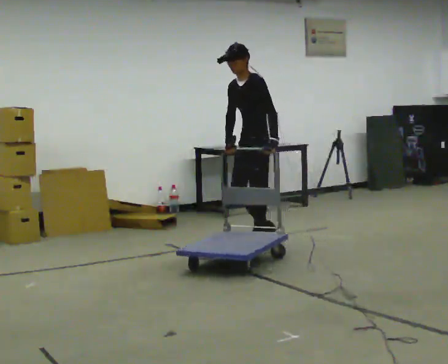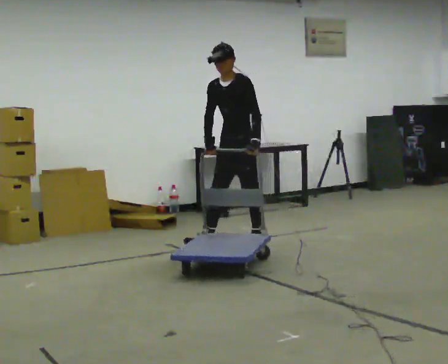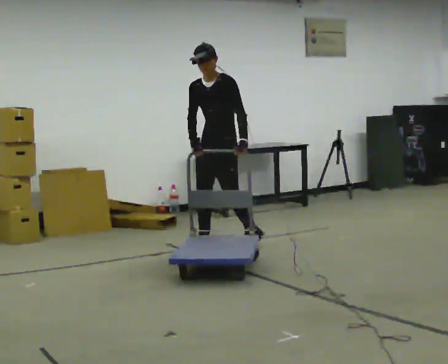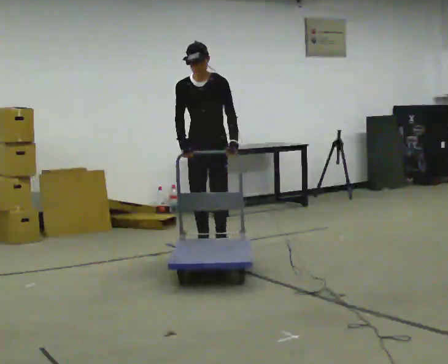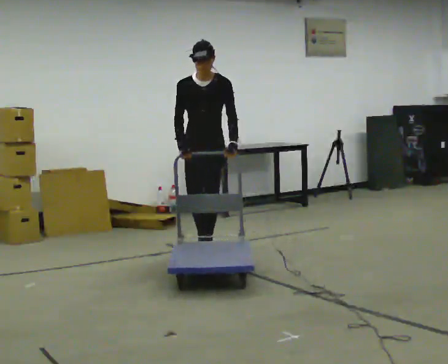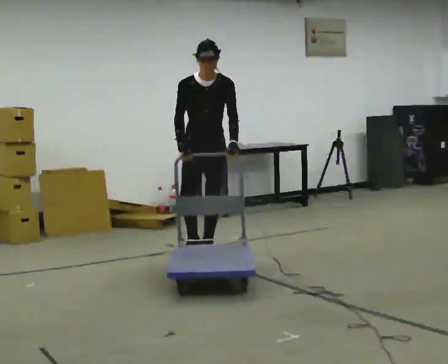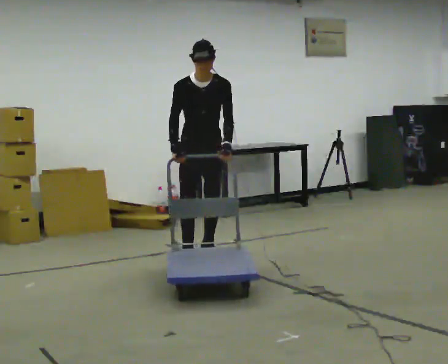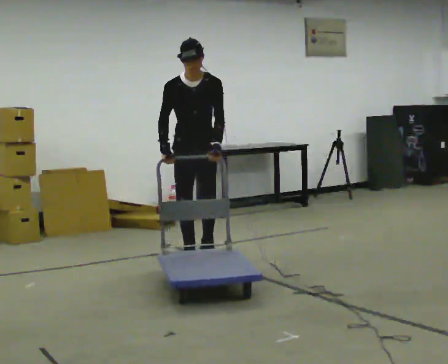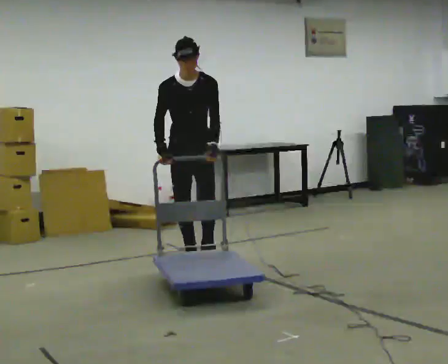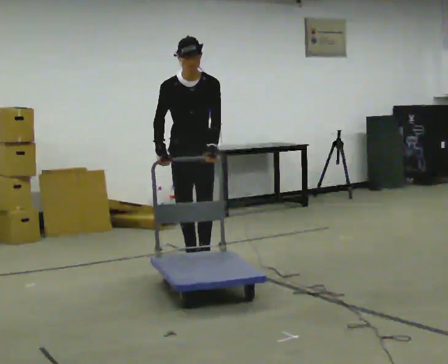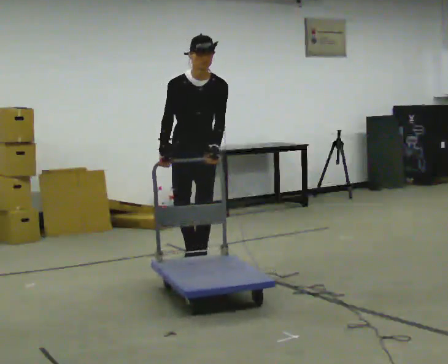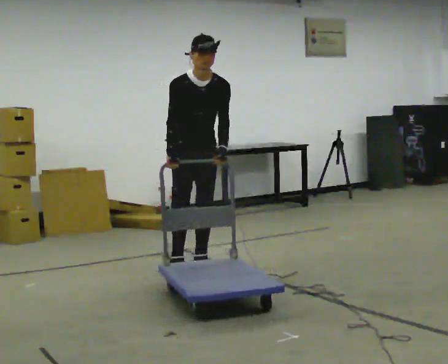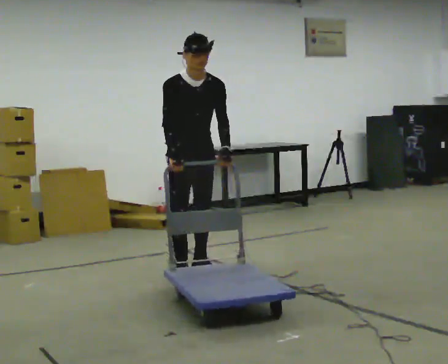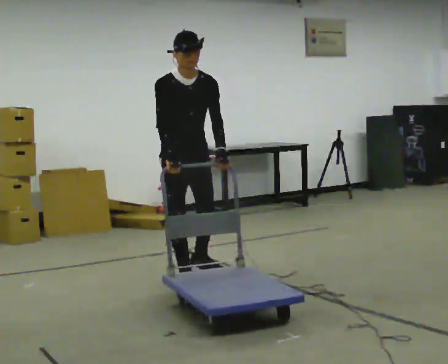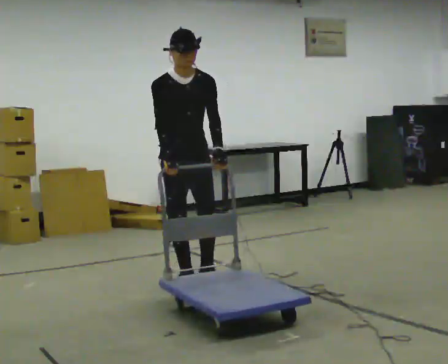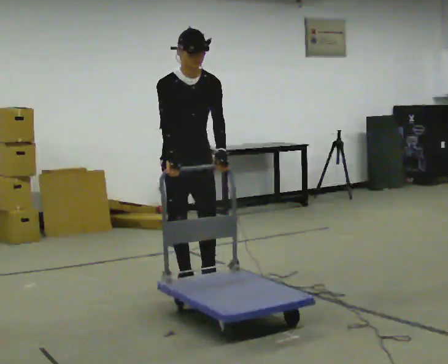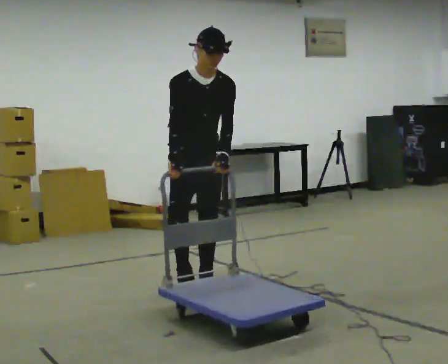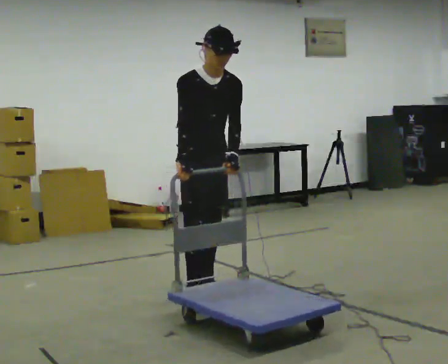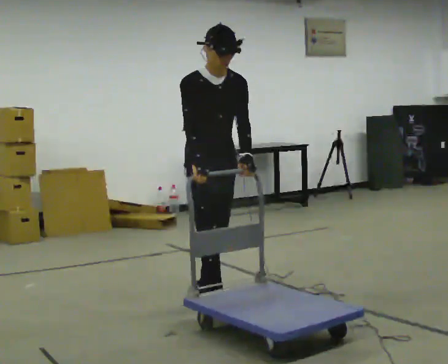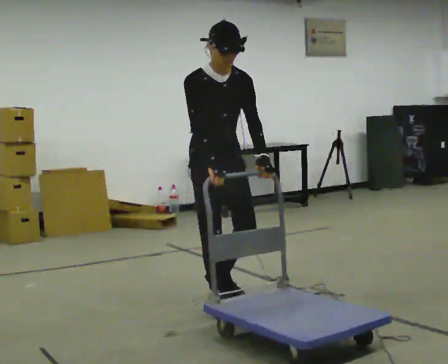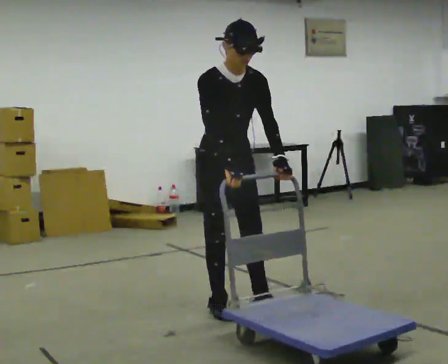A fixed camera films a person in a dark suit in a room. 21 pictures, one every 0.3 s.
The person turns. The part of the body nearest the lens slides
to the right.
The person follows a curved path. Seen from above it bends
counterclockwise.
0.0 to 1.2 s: The person turns about 45 degrees to their left, counterclockwise seen from above, so the part of the body nearest the lens slides to the right. In the picture they go to the left and toward the camera, about 0.5 m in 2 steps, which for them is forward and to their right.
1.2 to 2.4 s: In the picture they go toward the camera, about 0.25 m in 1 step, which for them is forward.
2.4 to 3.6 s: In the picture they go toward the camera, about 0.5 m in 2 steps, which for them is forward.
3.6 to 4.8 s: In the picture they go toward the camera, about 0.5 m in 1 step, which for them is forward.
4.8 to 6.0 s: In the picture they go toward the camera, about 0.5 m in 1 step, which for them is forward.
The film runs forward here.
